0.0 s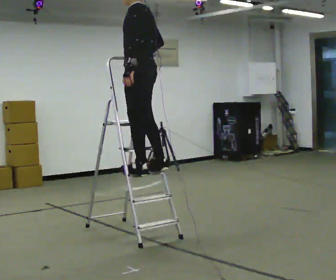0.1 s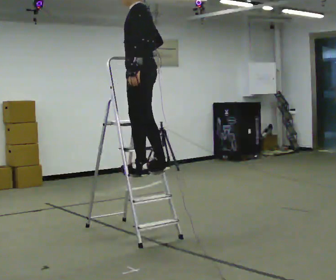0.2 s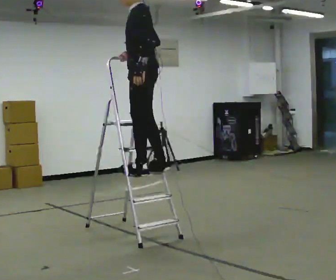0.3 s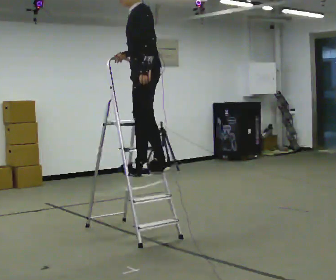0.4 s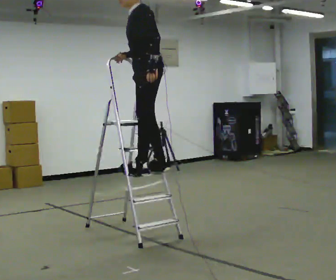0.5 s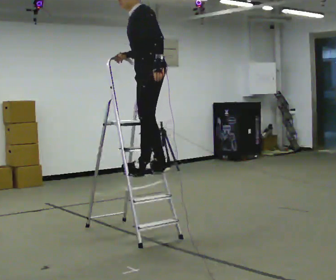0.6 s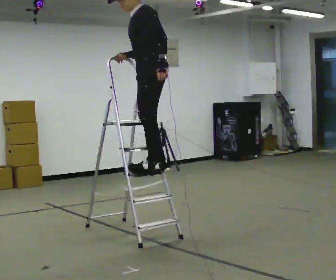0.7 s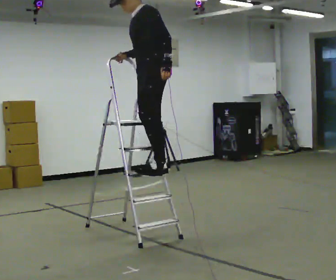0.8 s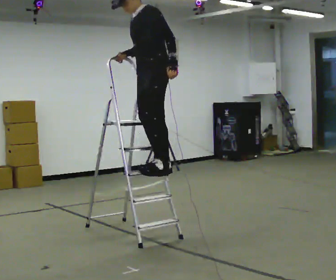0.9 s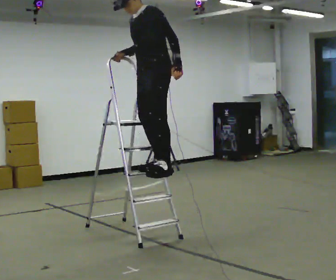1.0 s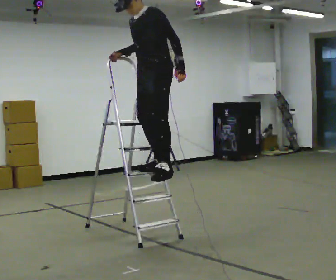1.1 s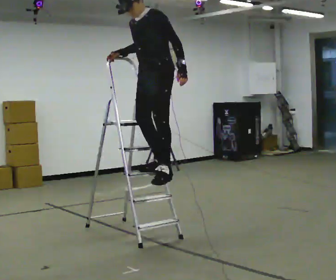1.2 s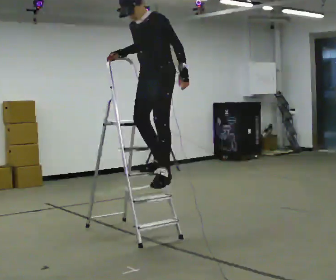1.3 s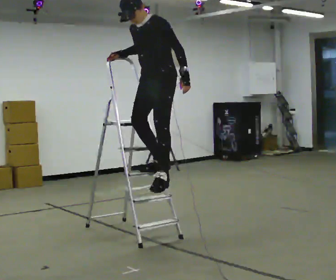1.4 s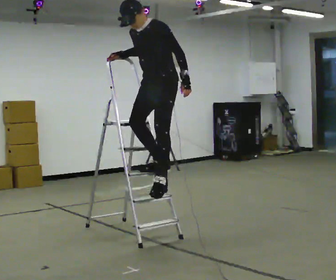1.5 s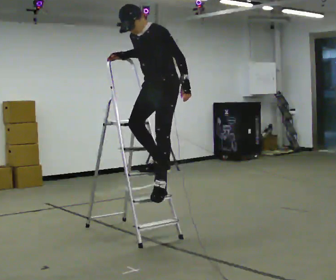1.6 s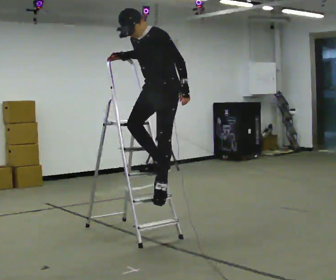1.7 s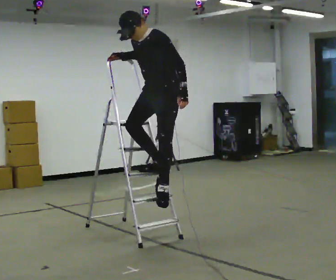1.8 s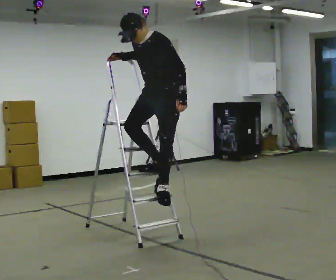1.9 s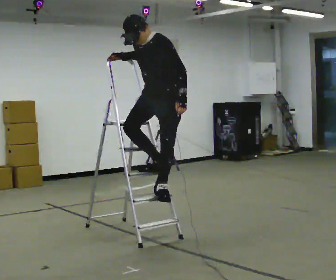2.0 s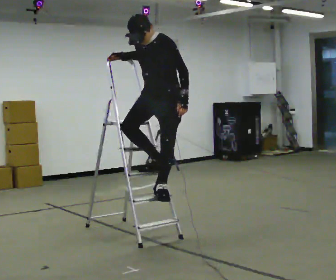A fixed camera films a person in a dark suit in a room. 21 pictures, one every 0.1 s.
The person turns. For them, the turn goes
to their left.
The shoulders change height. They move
downward.
0.0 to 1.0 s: Seen from above the body turns counterclockwise, about 45 degrees: to their left, with its near side sliding to the right. In the picture their left hand goes to the right, the arm swinging counterclockwise.
1.0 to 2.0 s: The upper body goes downward.
The film runs forward here.
